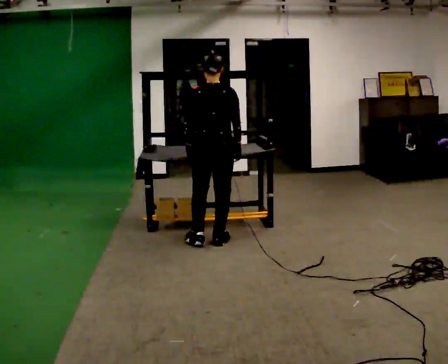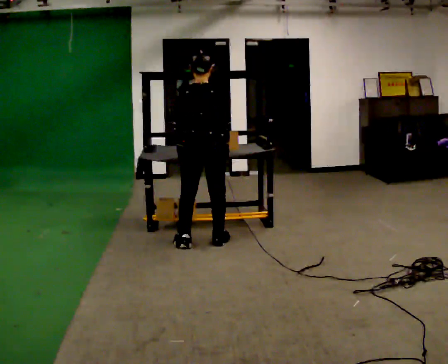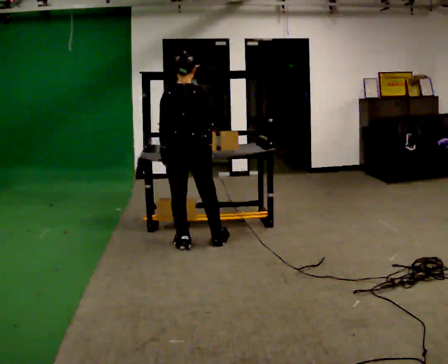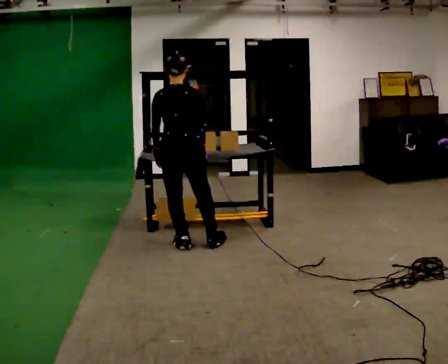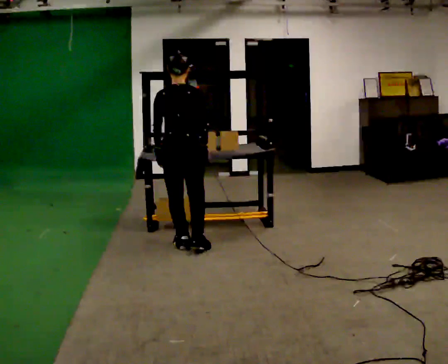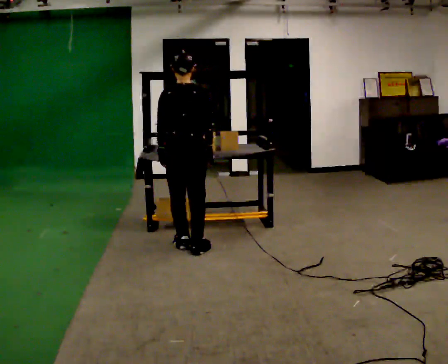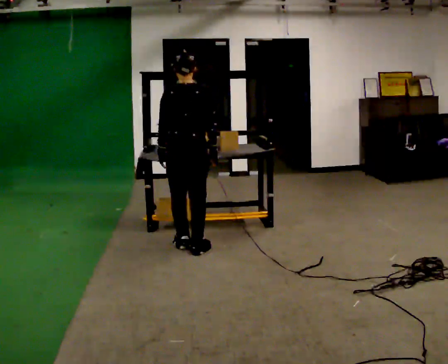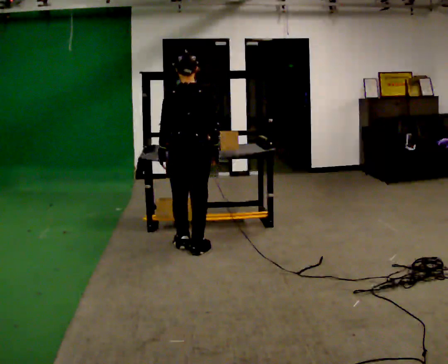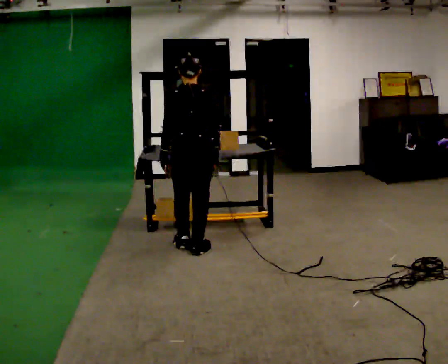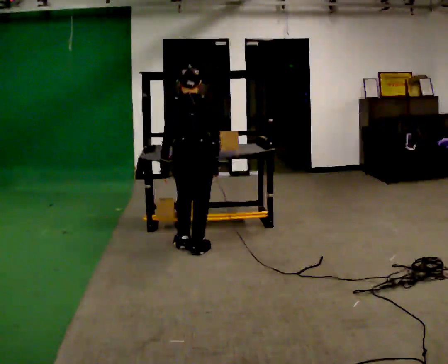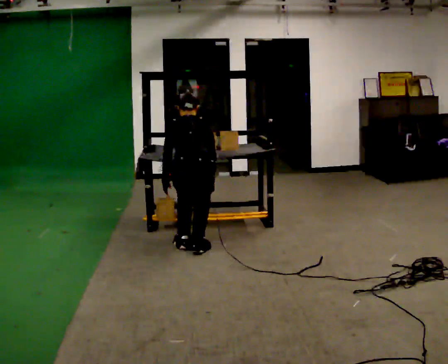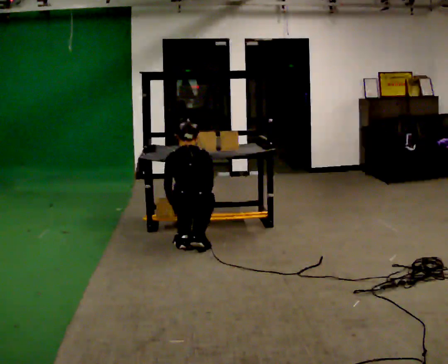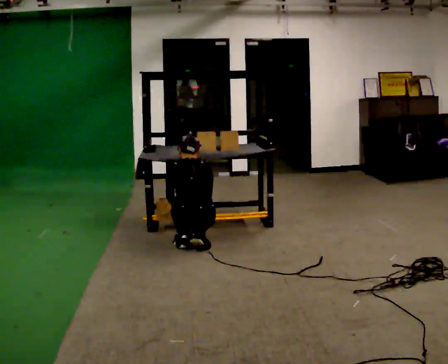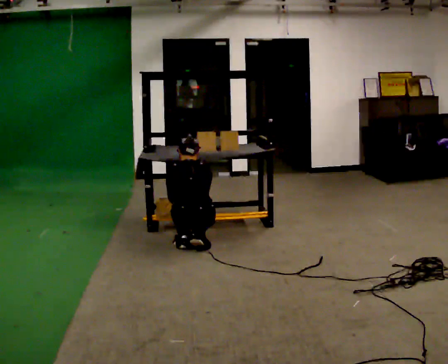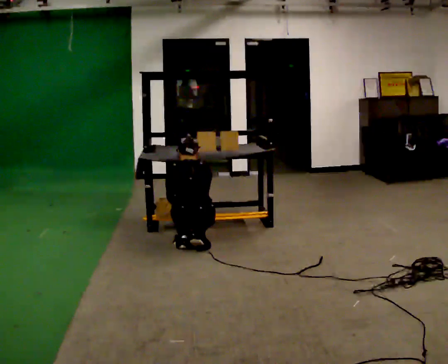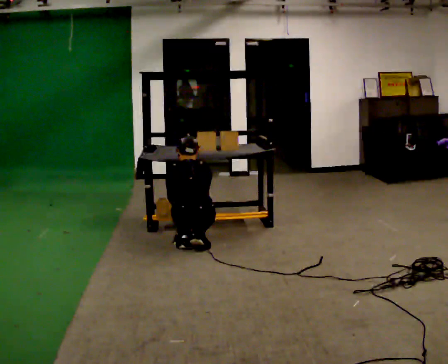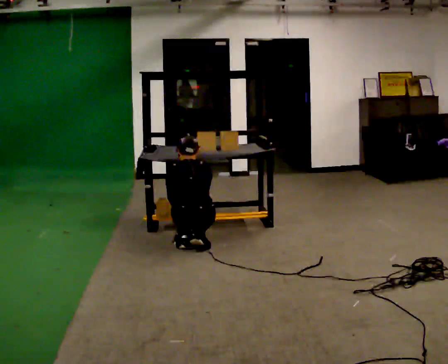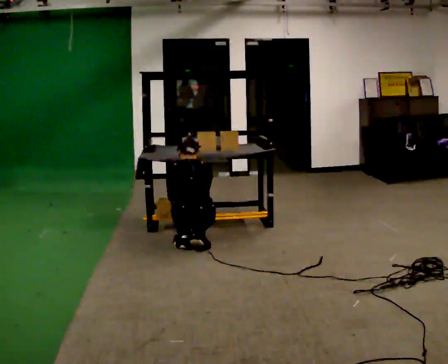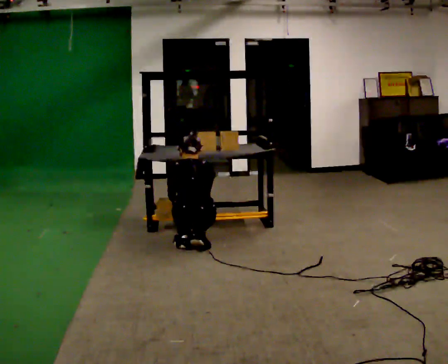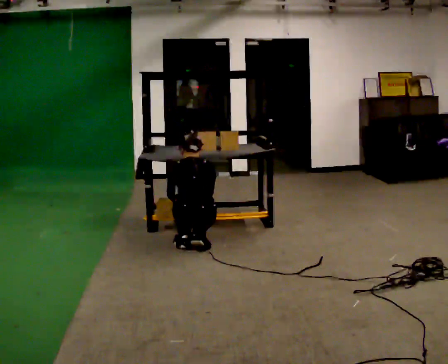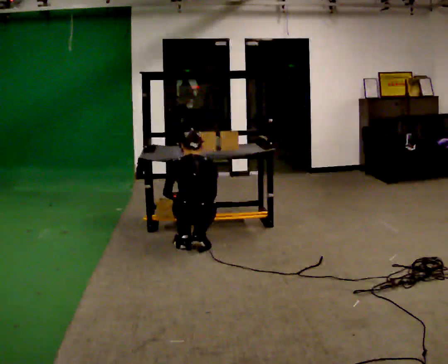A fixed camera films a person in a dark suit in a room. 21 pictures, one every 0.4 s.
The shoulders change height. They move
downward.
0.0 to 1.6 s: In the picture they go to the left, about 0.25 m in 1 step, which for them is to their left and backward.
1.6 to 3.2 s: The person moves a little, or ends about where they began.
3.2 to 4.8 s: The upper body goes downward. In the picture their left hand goes downward.
4.8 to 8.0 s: The person moves a little, or ends about where they began.
The film runs backward here.
